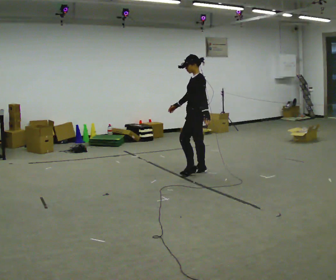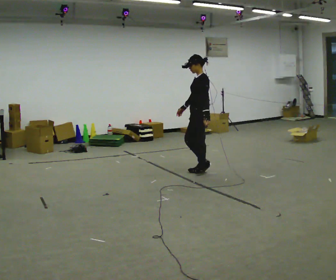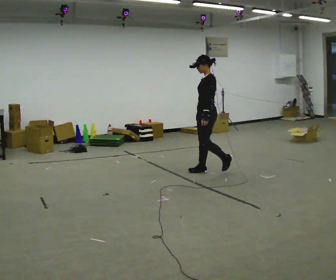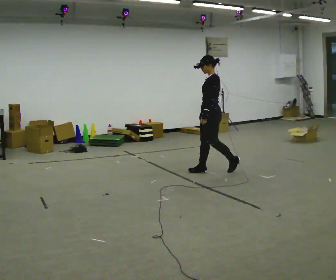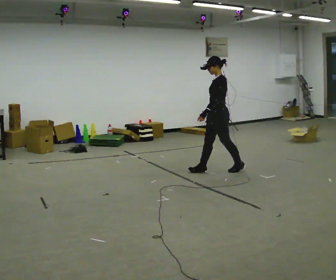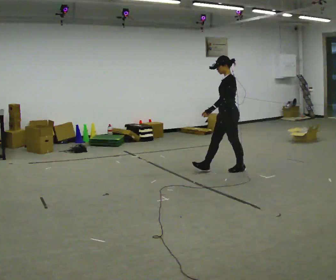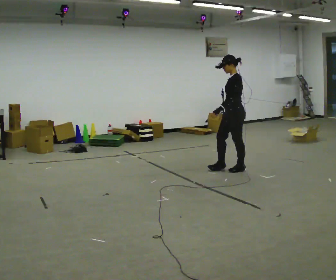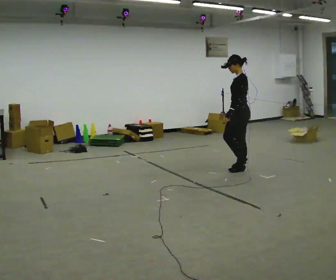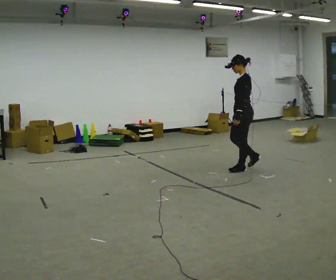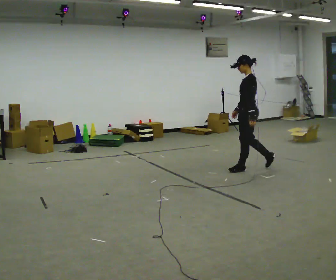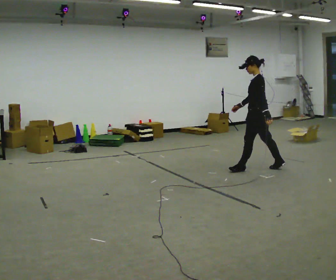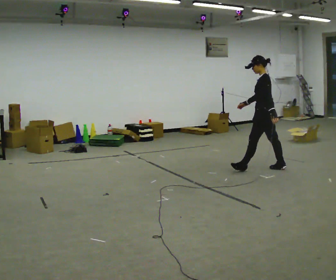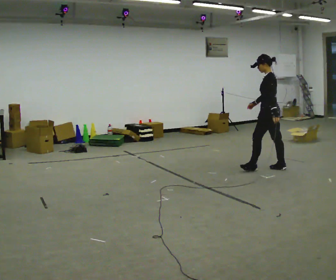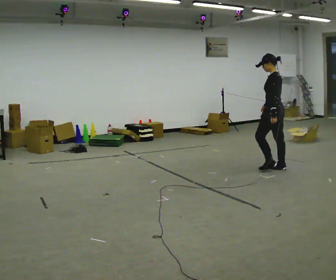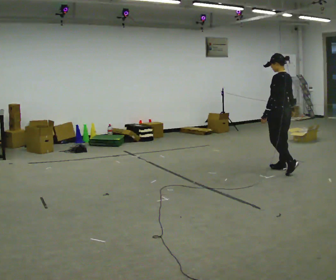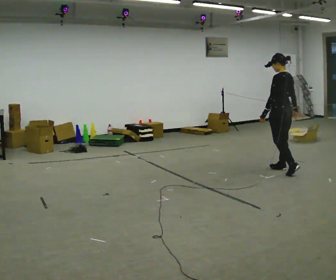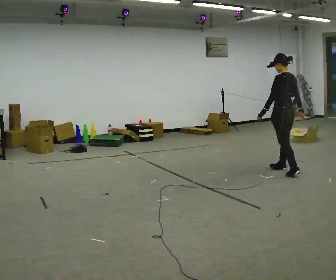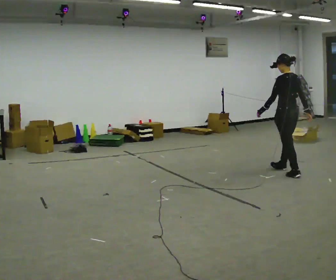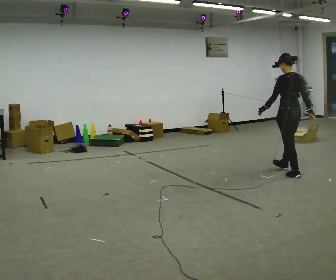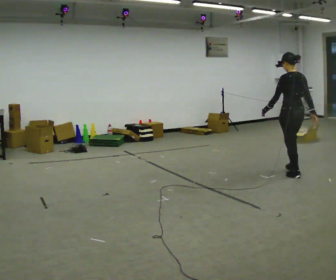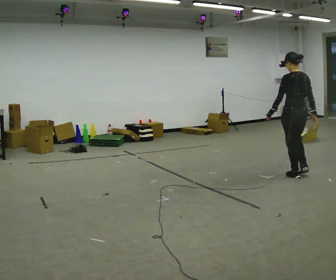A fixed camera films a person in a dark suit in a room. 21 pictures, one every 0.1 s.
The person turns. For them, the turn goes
to their right.
The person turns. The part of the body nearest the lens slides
to the left.
0.0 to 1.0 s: In the picture they go to the right, about 1 m in 1 step, which for them is backward.
1.0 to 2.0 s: Seen from above the body turns clockwise, about 60 degrees: to their right, with its near side sliding to the left. In the picture they go to the right and toward the camera, about 0.5 m in 2 steps, which for them is backward.
The film runs backward here.
